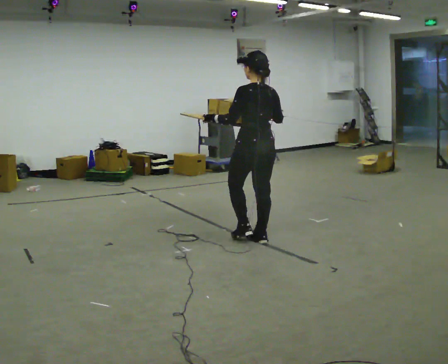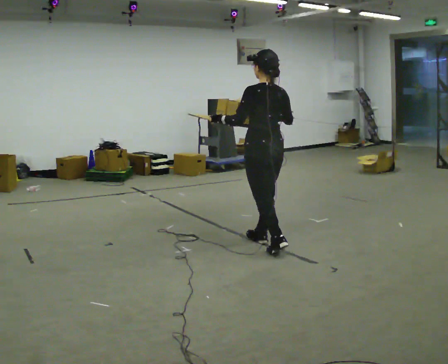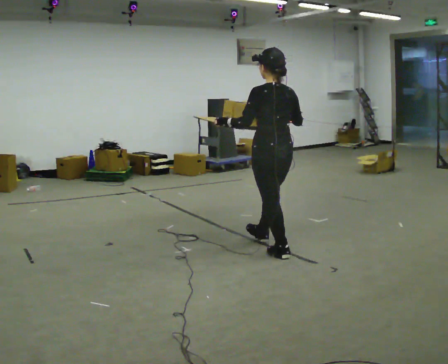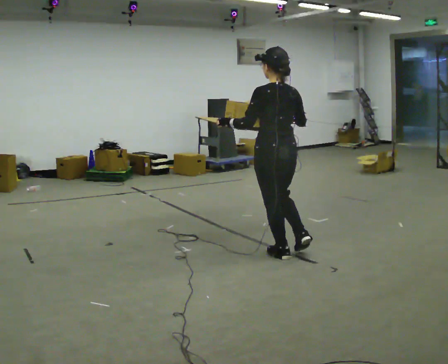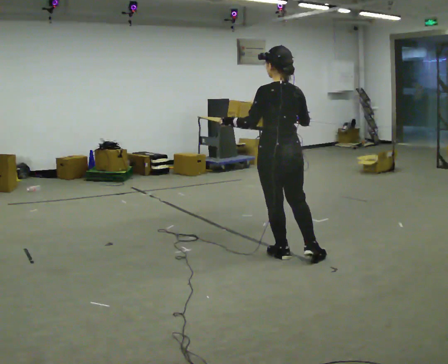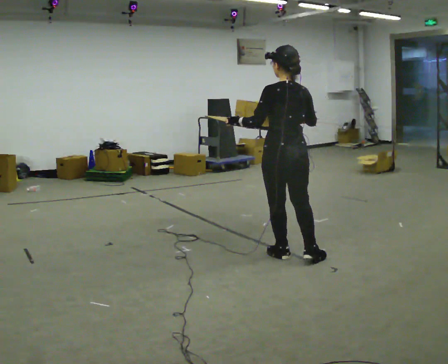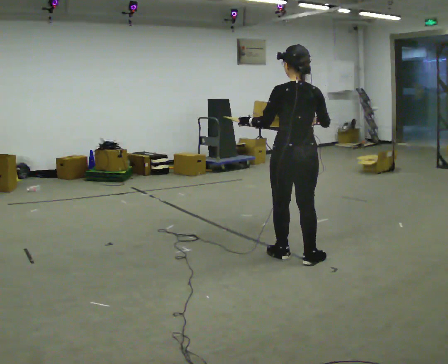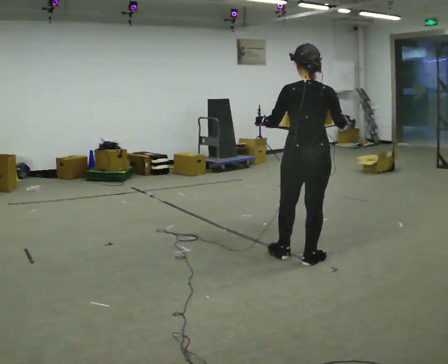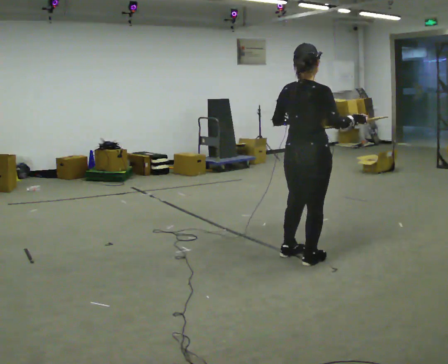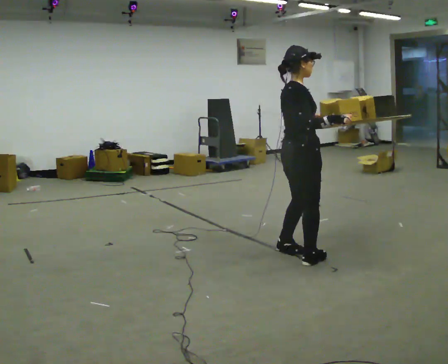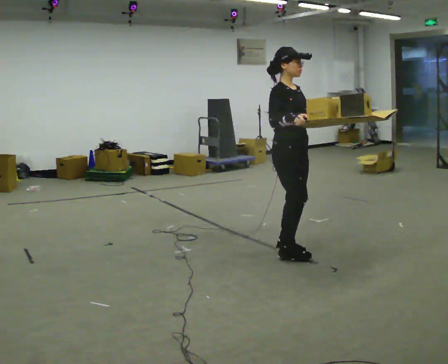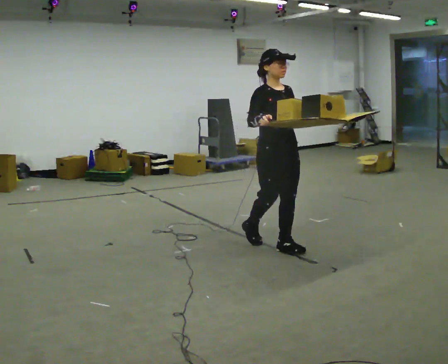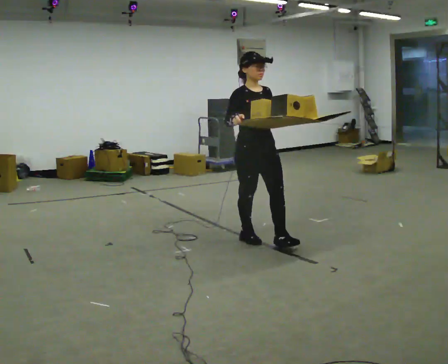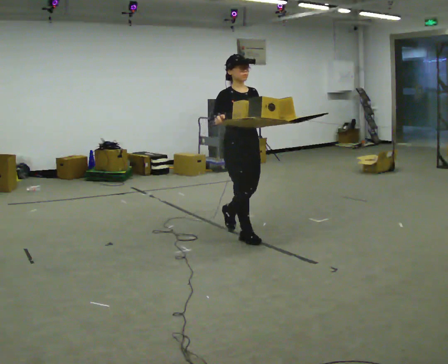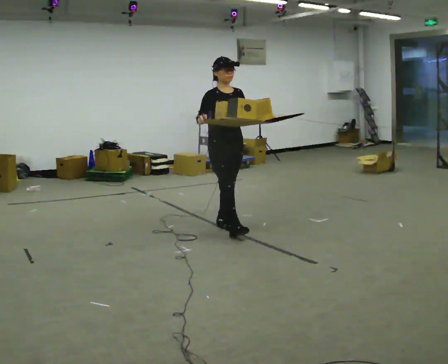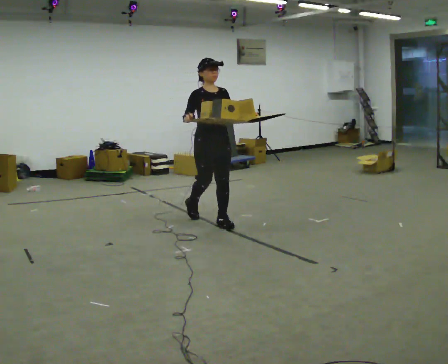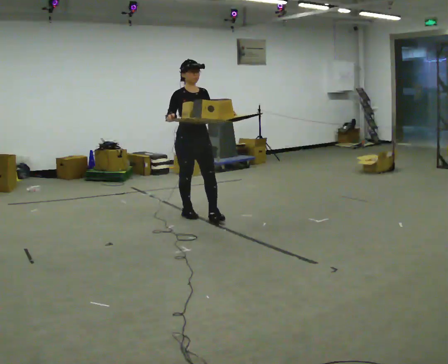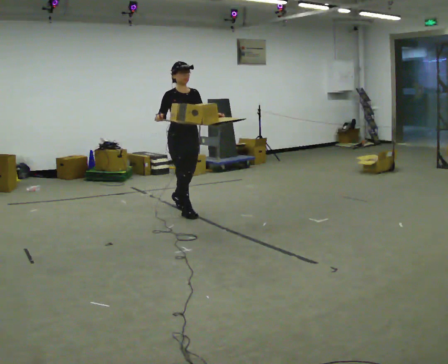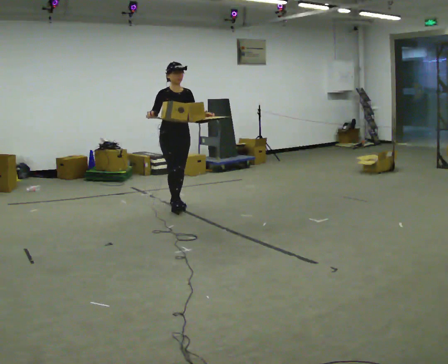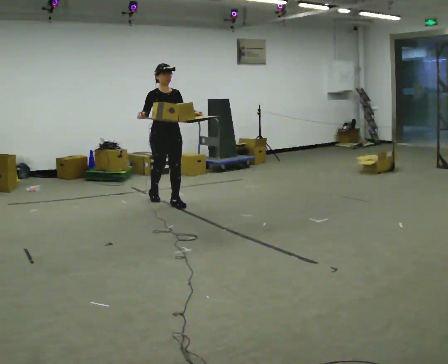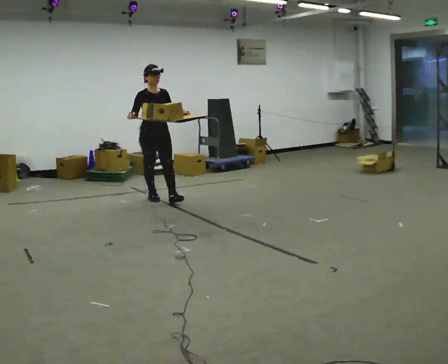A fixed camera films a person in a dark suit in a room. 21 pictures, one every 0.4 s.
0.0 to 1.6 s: In the picture they go toward the camera and to the right, about 0.5 m in 1 step, which for them is backward.
1.6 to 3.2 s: The part of the body nearest the lens slides to the left as the person turns to their right by about 60 degrees. In the picture they go to the right, about 0.25 m, which for them is backward and to their right. In the picture their right hand goes to the right.
3.2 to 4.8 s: The part of the body nearest the lens slides to the left as the person turns to their right by about 120 degrees. In the picture they go to the left and away from the camera, about 0.75 m in 3 steps.
4.8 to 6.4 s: In the picture they go to the left and away from the camera, about 1 m in 2 steps, which for them is backward.
6.4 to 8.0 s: In the picture they go to the left and away from the camera, about 1 m in 2 steps, which for them is backward.
The film runs backward here.
